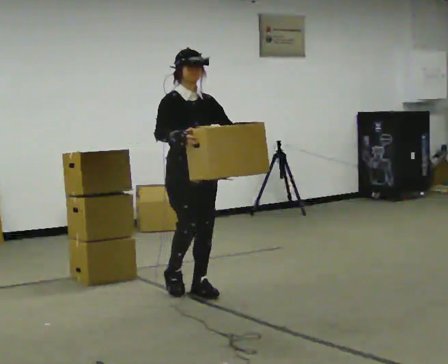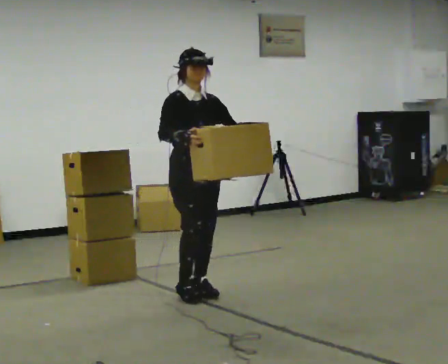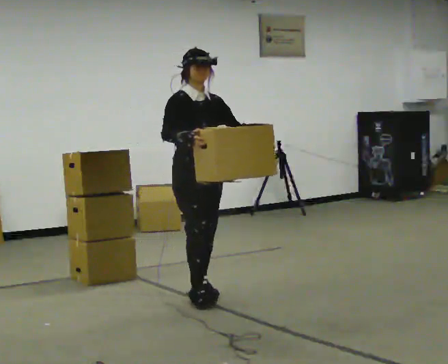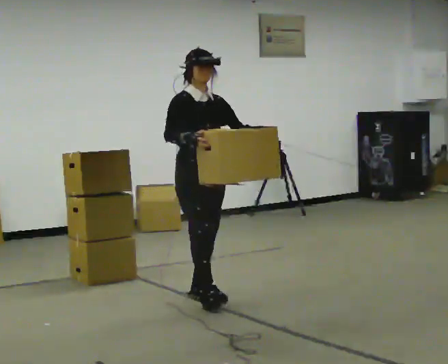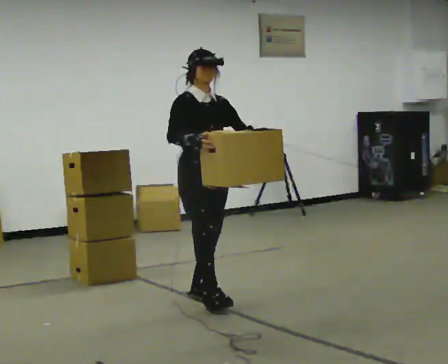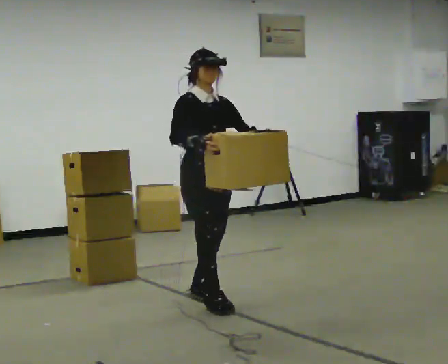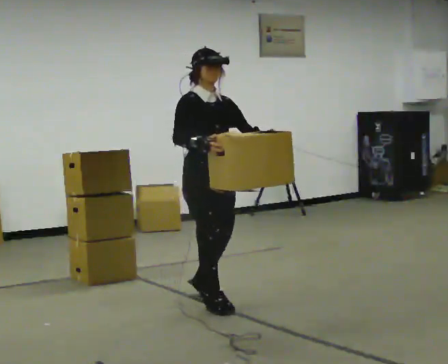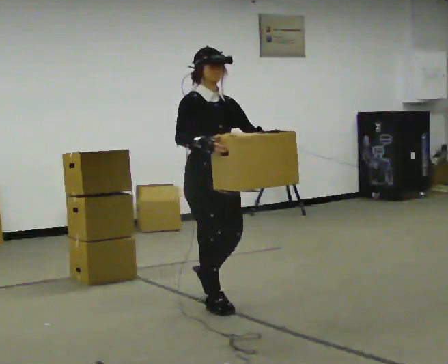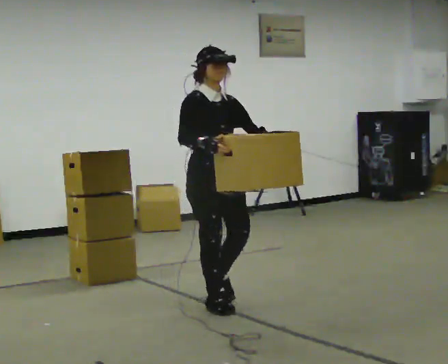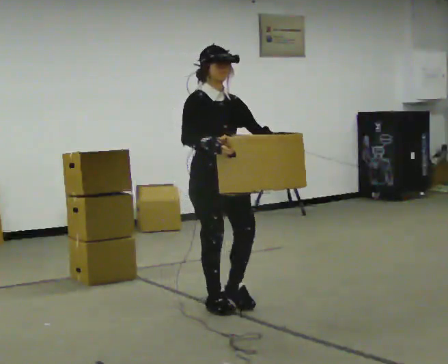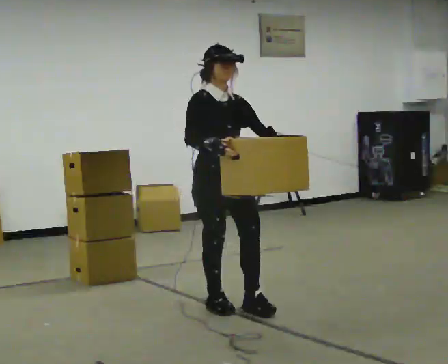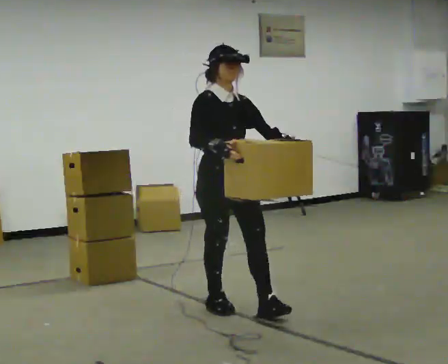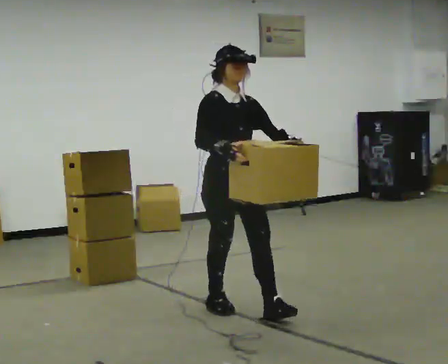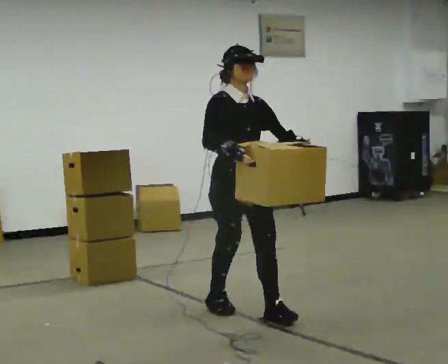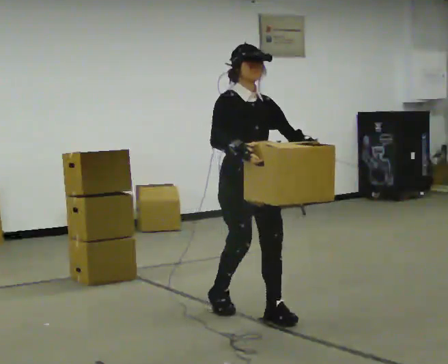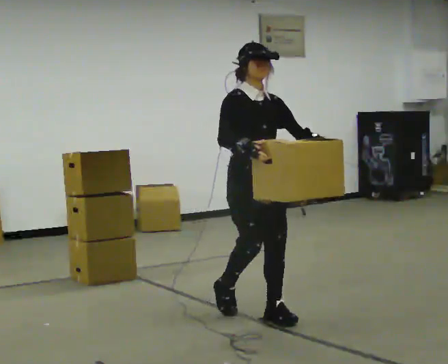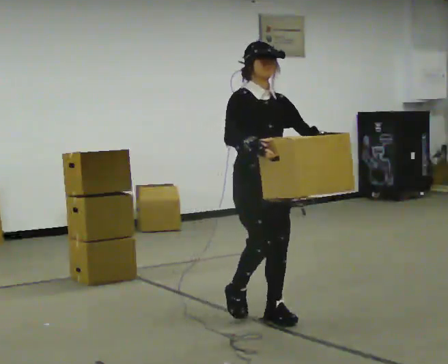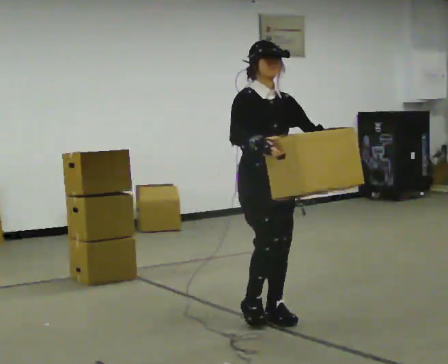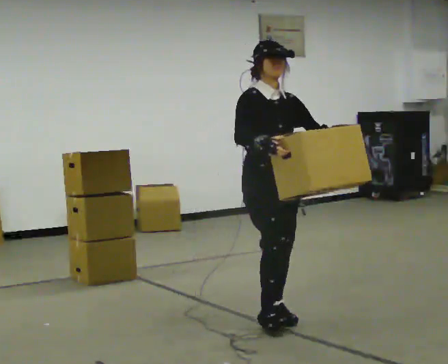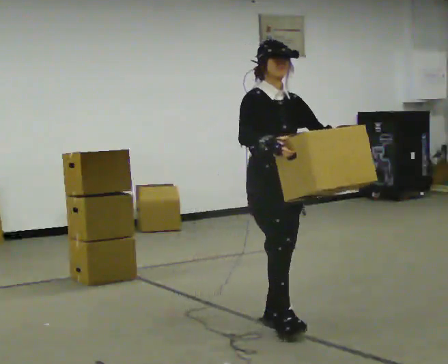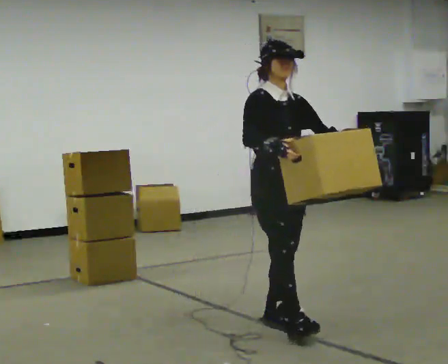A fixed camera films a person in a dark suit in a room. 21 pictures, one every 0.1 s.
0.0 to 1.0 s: In the picture they go toward the camera and to the right, about 0.5 m in 1 step, which for them is forward.
1.0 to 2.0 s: In the picture they go toward the camera and to the right, about 0.5 m in 1 step, which for them is forward.
The film runs forward here.
